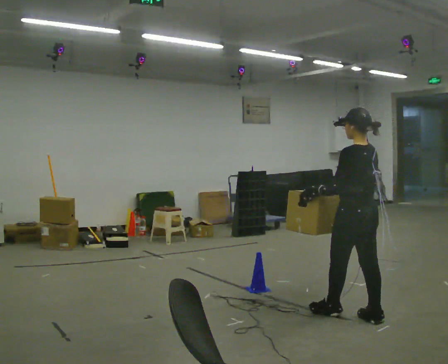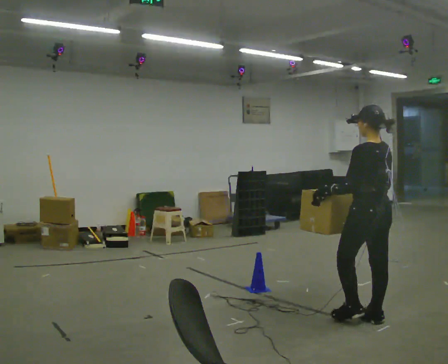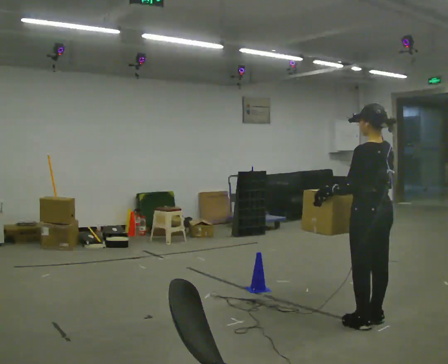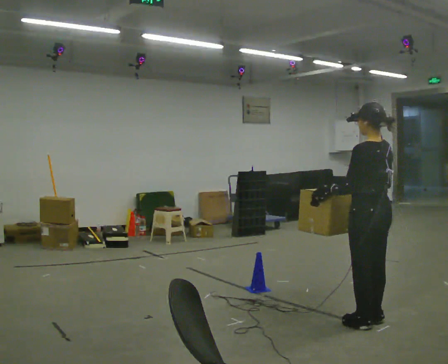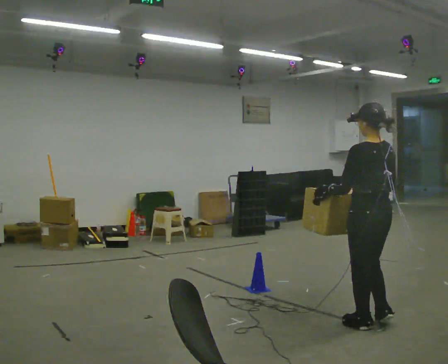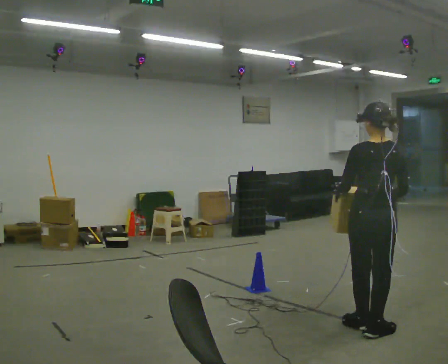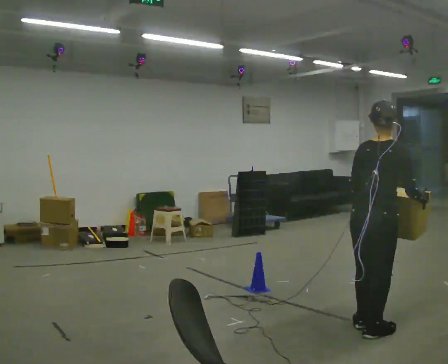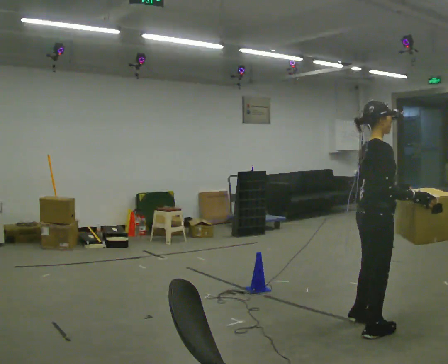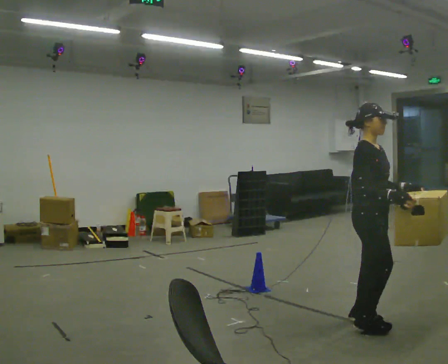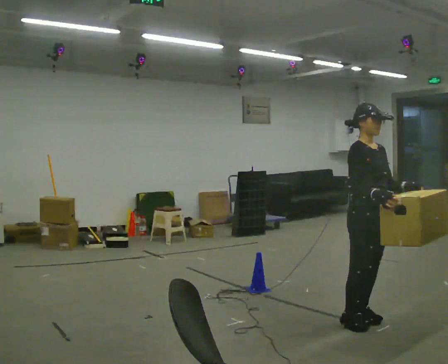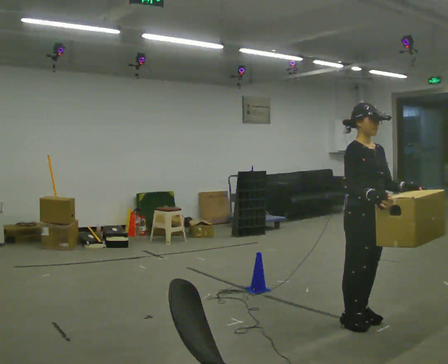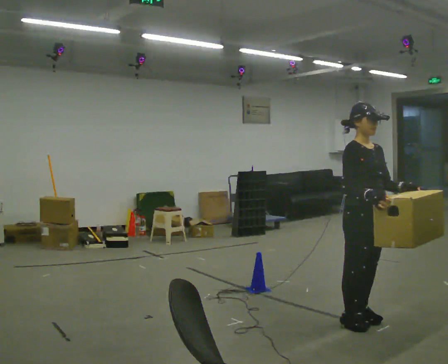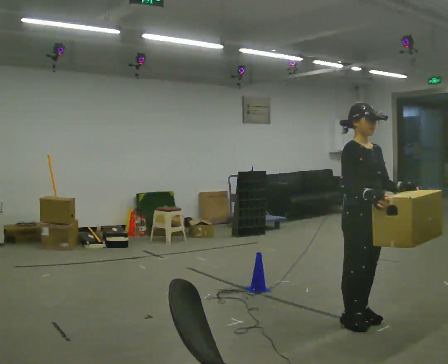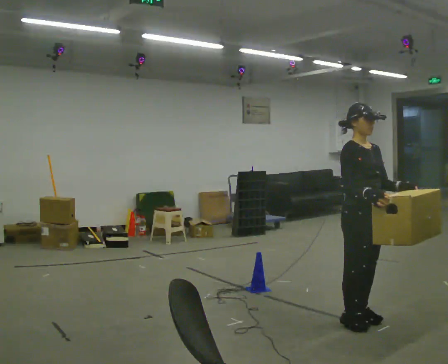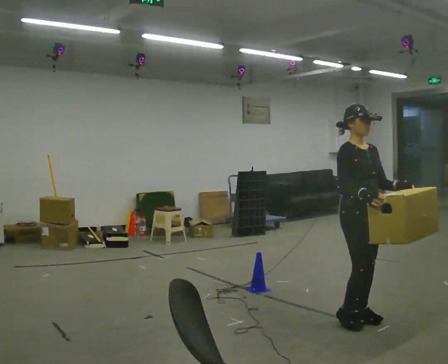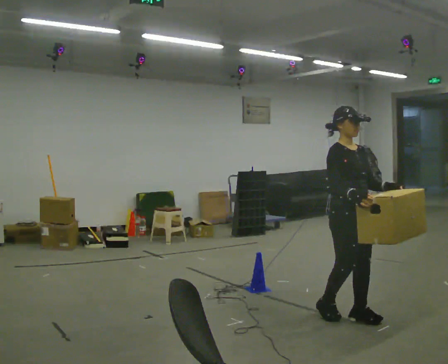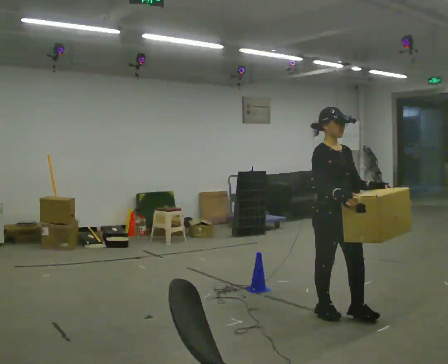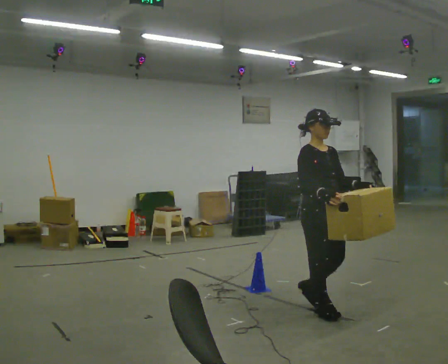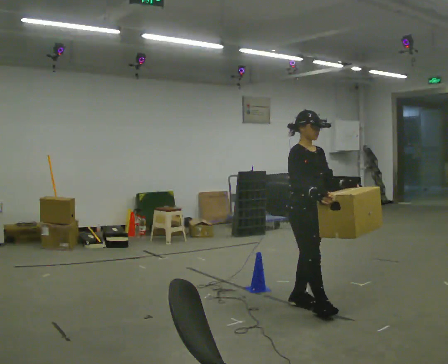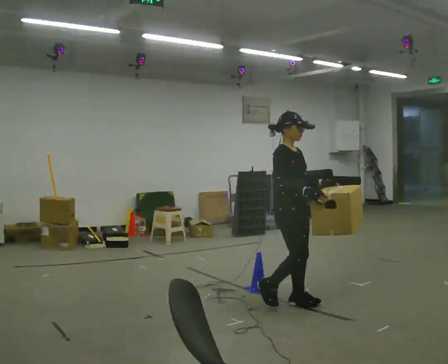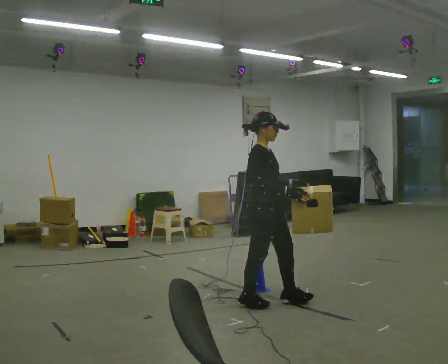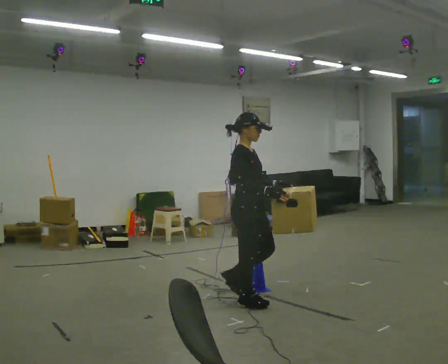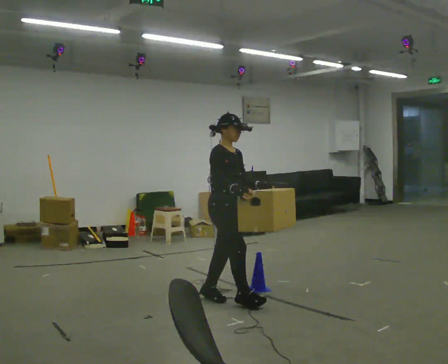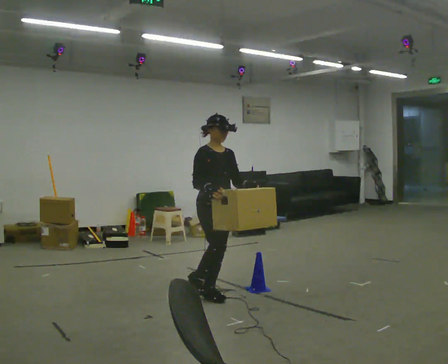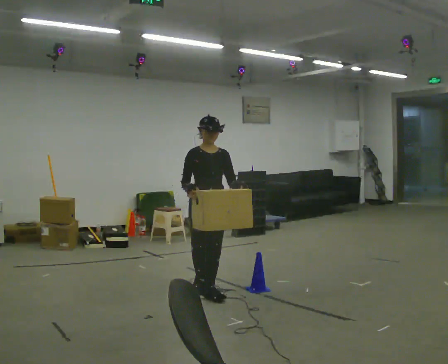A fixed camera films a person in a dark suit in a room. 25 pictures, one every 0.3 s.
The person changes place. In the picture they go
to the left.
0.0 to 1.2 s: In the picture they go toward the camera, about 0.25 m in 2 steps, which for them is backward.
1.2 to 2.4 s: The person turns about 150 degrees to their right, clockwise seen from above, so the part of the body nearest the lens slides to the left. In the picture their left hand goes to the right.
2.4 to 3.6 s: The part of the body nearest the lens slides to the left as the person turns to their right by about 30 degrees.
3.6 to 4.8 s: In the picture they go to the left and away from the camera, about 0.25 m in 2 steps, which for them is backward.
4.8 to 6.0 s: Seen from above the body turns counterclockwise, about 45 degrees: to their left, with its near side sliding to the right. In the picture they go to the left, about 0.5 m in 2 steps, which for them is backward.
6.0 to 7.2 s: The part of the body nearest the lens slides to the left as the person turns to their right by about 60 degrees. In the picture they go to the left, about 0.5 m in 1 step, which for them is backward.
The film runs backward here.
